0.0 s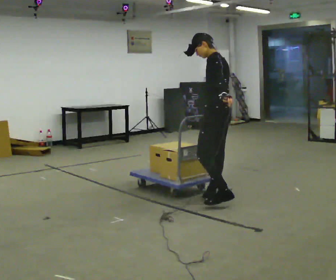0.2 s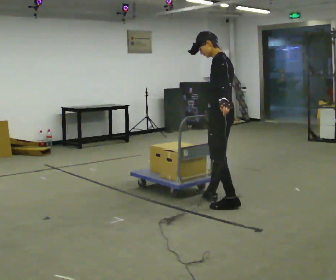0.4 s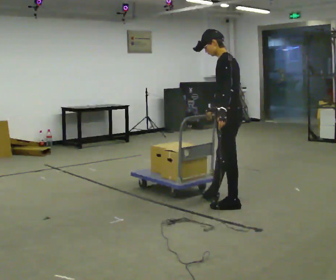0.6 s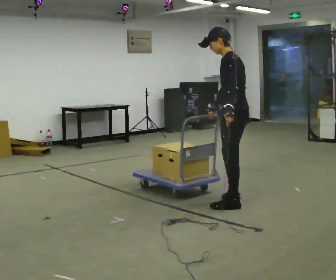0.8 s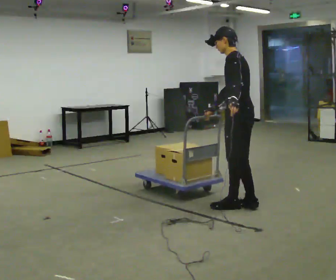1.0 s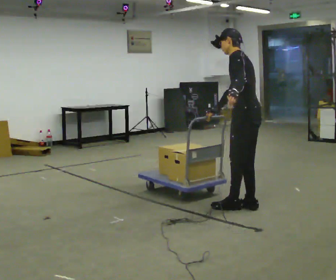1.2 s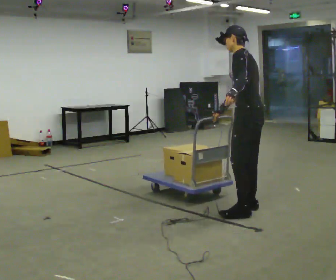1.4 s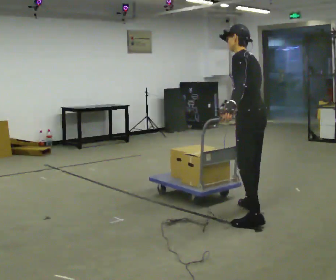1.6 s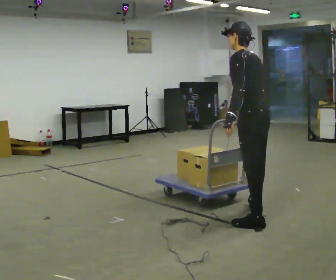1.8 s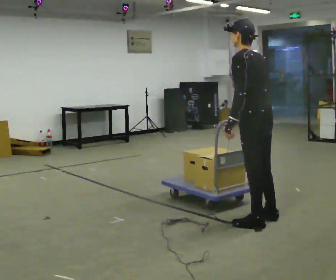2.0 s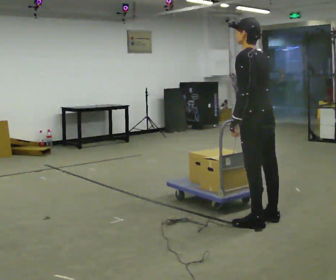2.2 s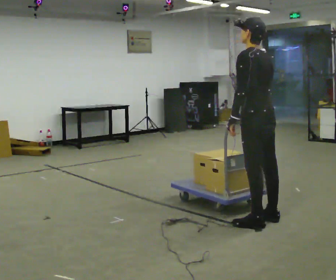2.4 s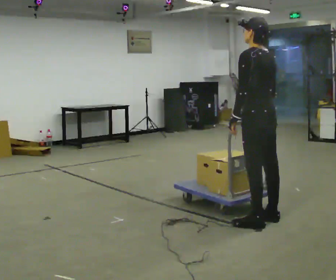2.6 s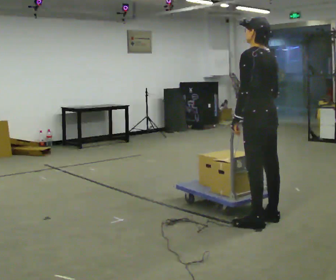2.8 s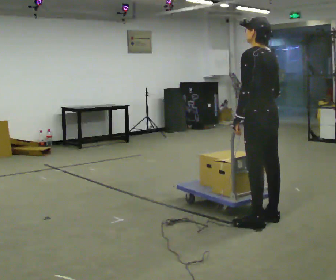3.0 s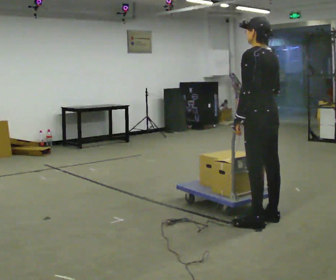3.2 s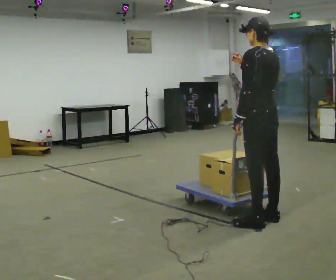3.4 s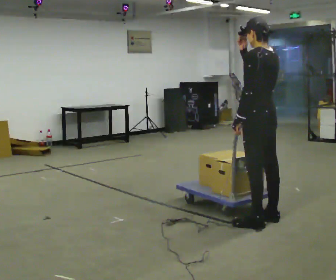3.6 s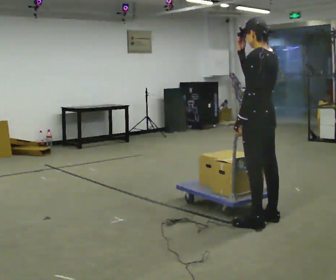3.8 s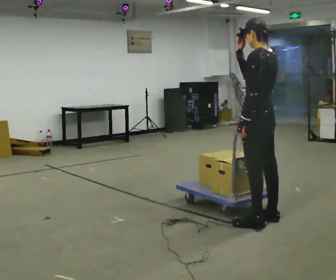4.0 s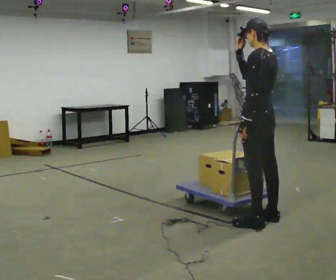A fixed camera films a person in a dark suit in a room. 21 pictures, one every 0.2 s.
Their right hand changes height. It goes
upward.
0.0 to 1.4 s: In the picture they go toward the camera and to the right, about 0.5 m in 3 steps, which for them is backward and to their left.
1.4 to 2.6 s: The person moves a little, or ends about where they began.
2.6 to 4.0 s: In the picture their right hand goes upward.
The film runs forward here.
